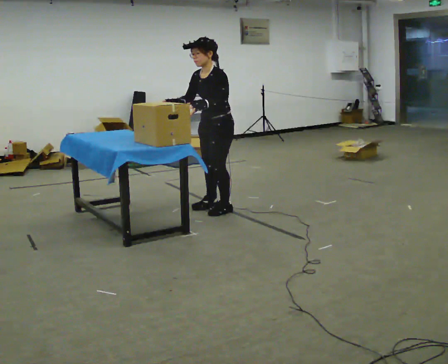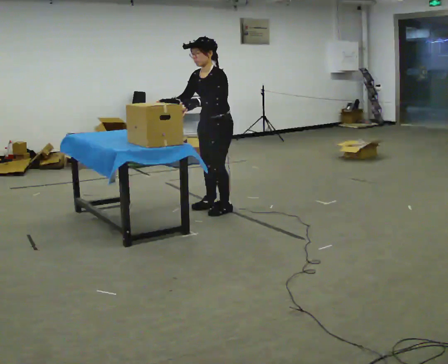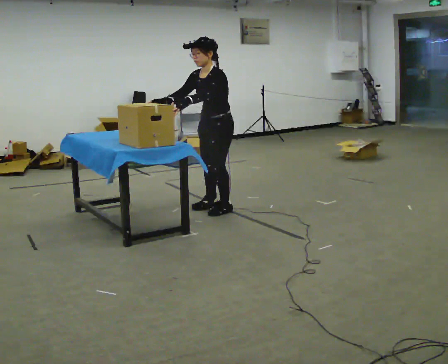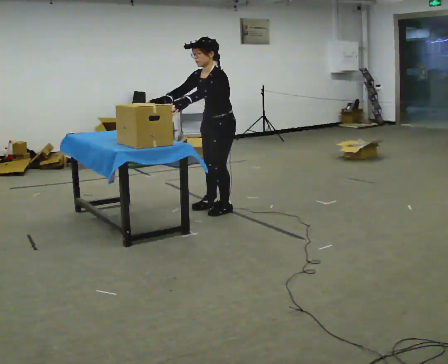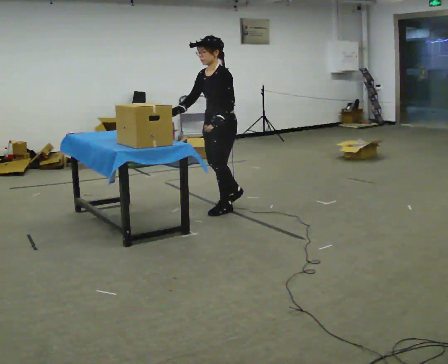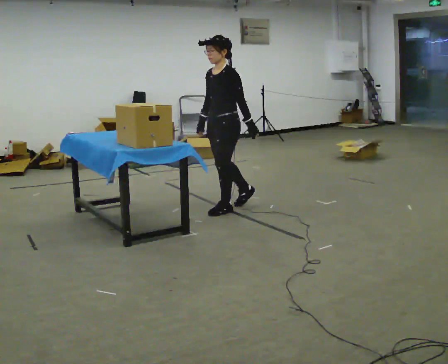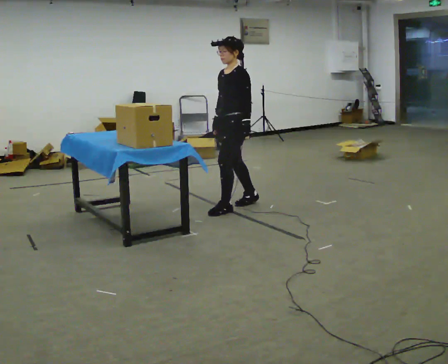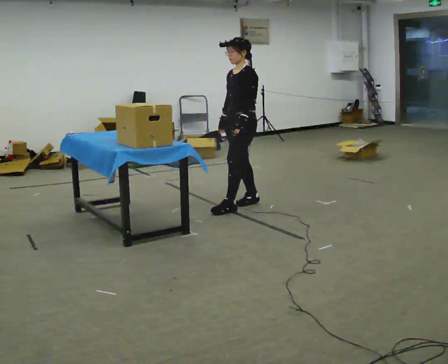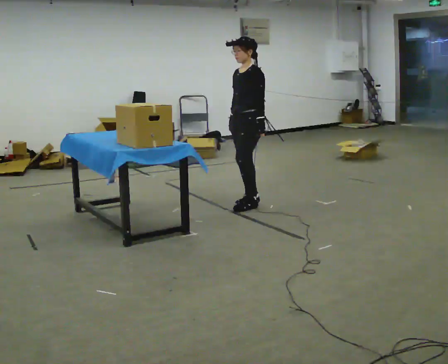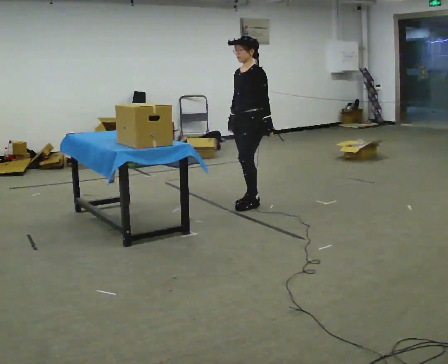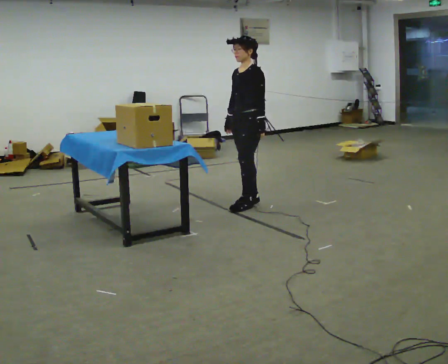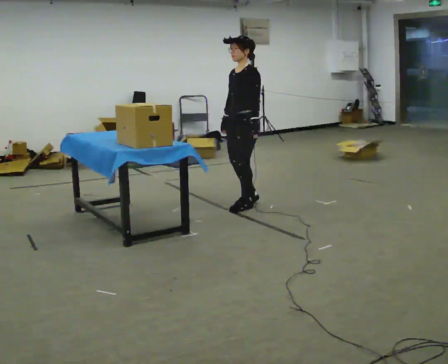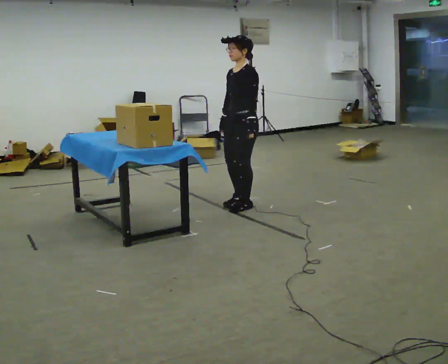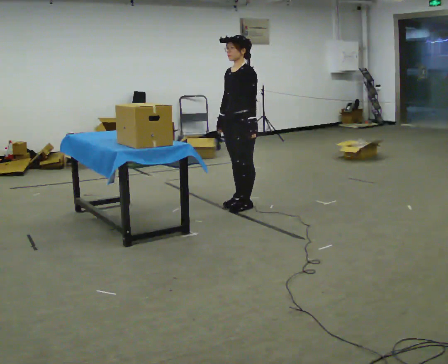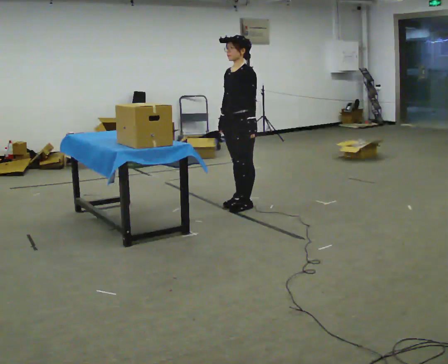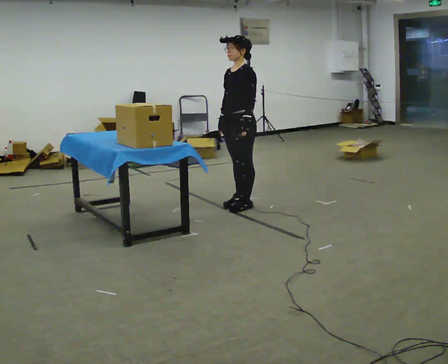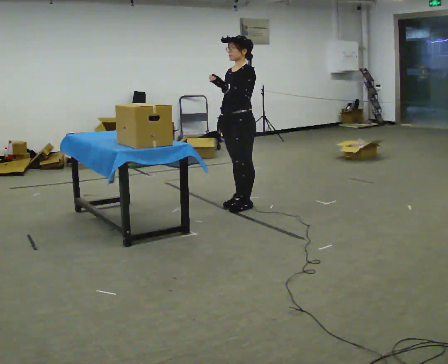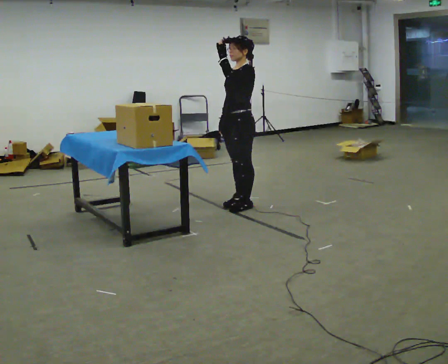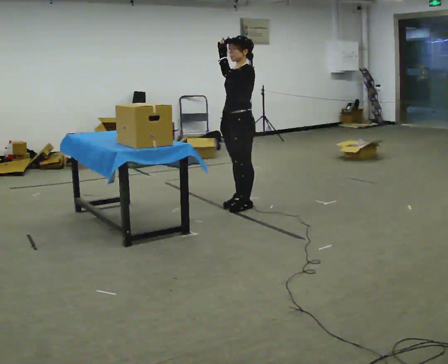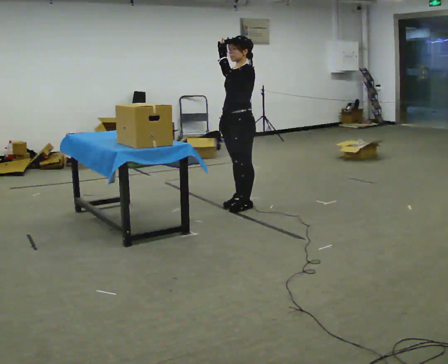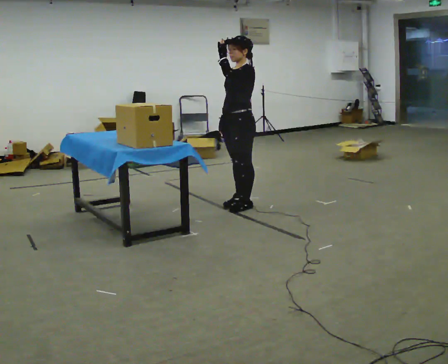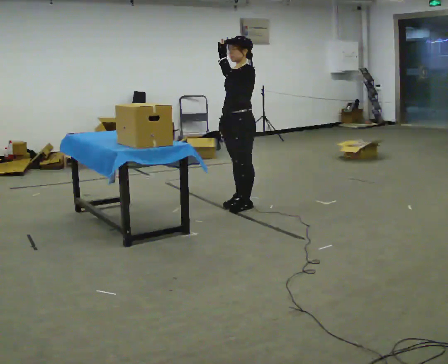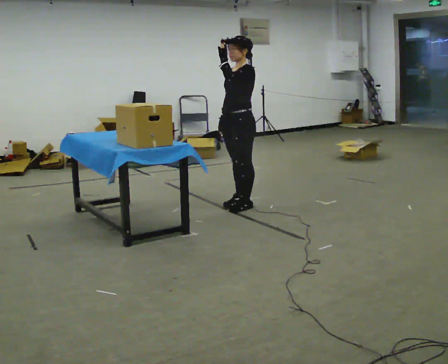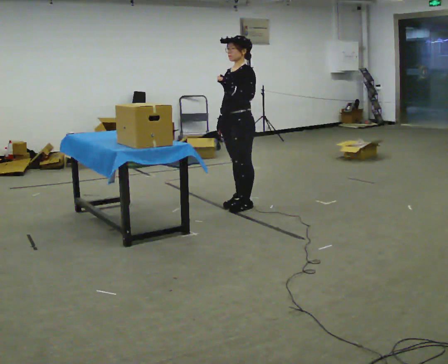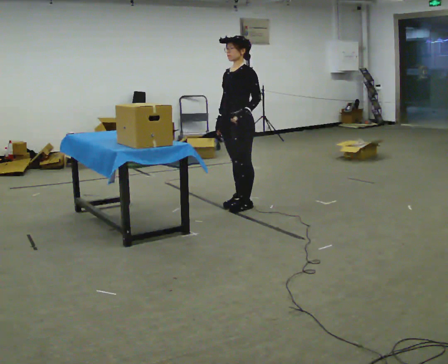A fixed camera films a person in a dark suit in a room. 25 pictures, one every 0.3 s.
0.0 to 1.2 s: The person moves a little, or ends about where they began.
1.2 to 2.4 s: In the picture they go away from the camera and to the right, about 0.25 m in 1 step, which for them is backward and to their right.
2.4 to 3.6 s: The person moves a little, or ends about where they began.
3.6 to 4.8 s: In the picture their left hand goes upward.
4.8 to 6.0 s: The person moves a little, or ends about where they began.
6.0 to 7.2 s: In the picture their left hand goes downward.
The film runs forward here.
